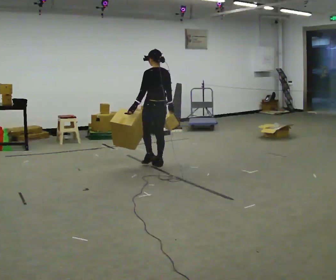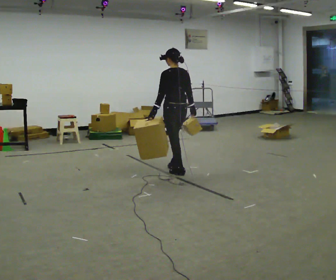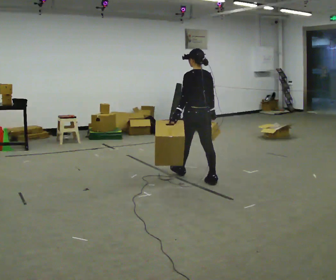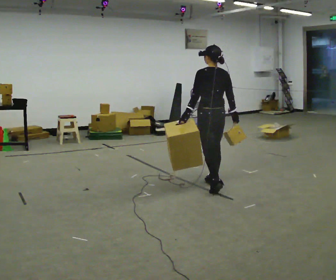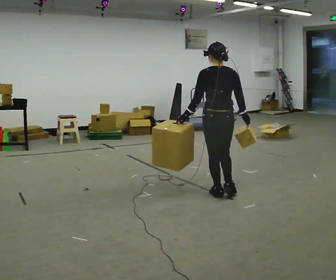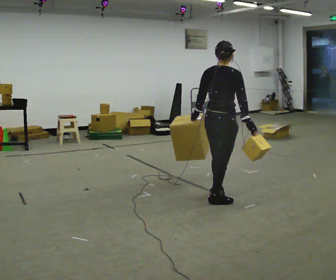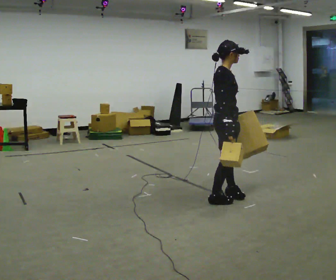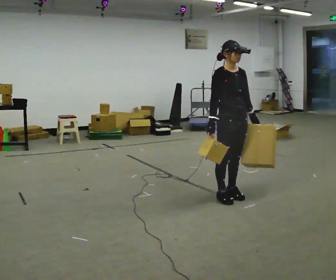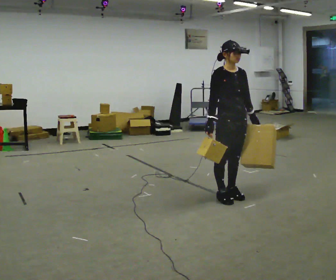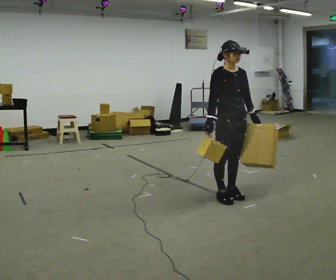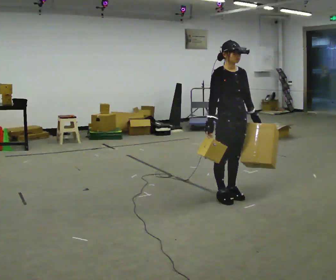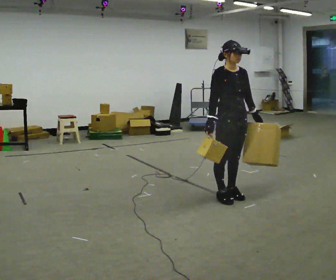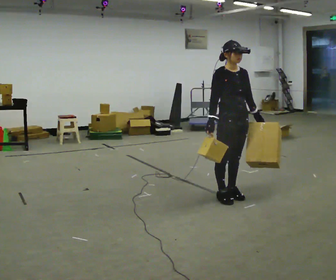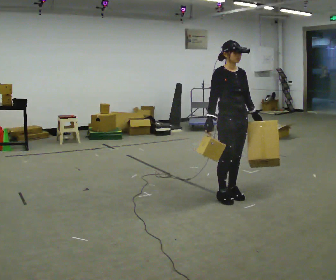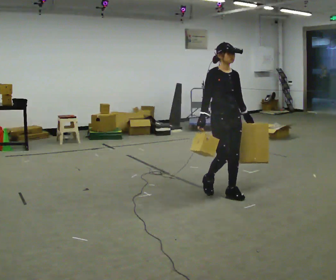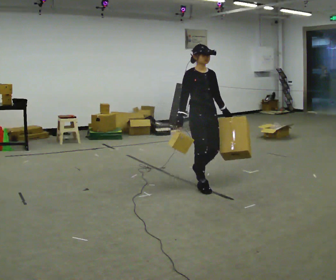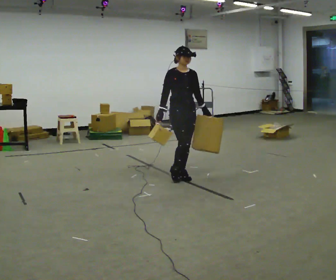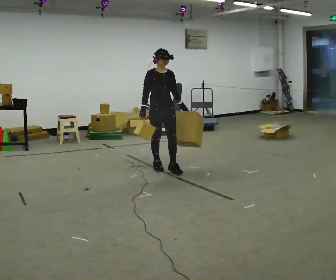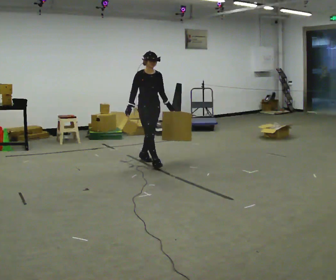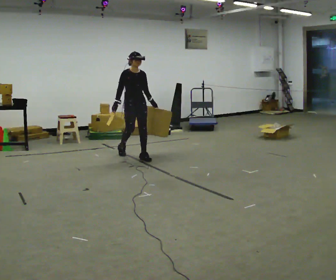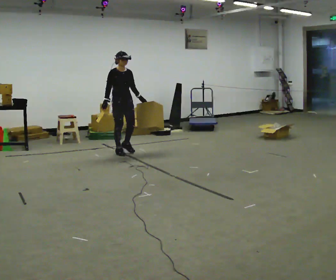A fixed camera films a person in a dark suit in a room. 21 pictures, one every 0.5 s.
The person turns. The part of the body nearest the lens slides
to the left.
The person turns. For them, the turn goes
to their right.
0.0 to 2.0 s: The person turns about 30 degrees to their right, clockwise seen from above, so the part of the body nearest the lens slides to the left. In the picture they go toward the camera and to the right, about 1.5 m in 3 steps, which for them is backward.
2.0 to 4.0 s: The person turns about 165 degrees to their right, clockwise seen from above, so the part of the body nearest the lens slides to the left. In the picture their left hand goes to the right, the arm swinging counterclockwise.
4.0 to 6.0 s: The person moves a little, or ends about where they began.
6.0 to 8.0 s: In the picture they go away from the camera and to the left, about 1 m in 3 steps, which for them is backward.
8.0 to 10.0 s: In the picture they go to the left and away from the camera, about 1.5 m in 3 steps, which for them is backward.
The film runs backward here.
